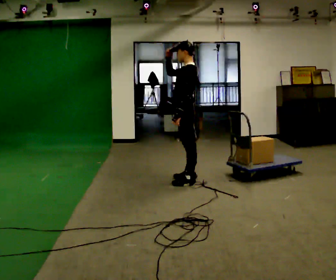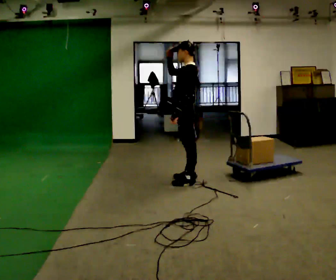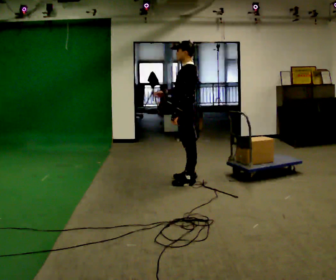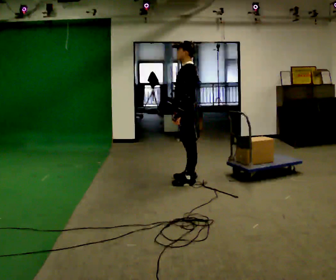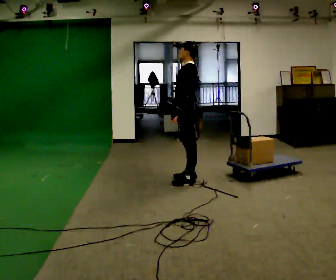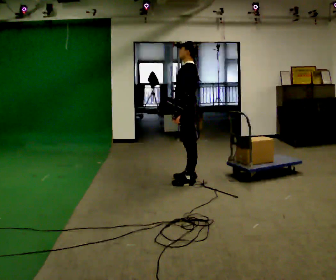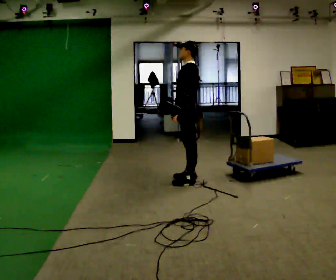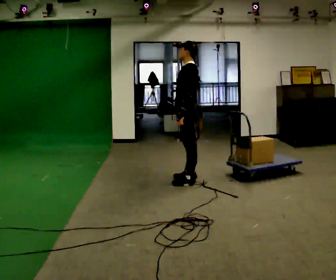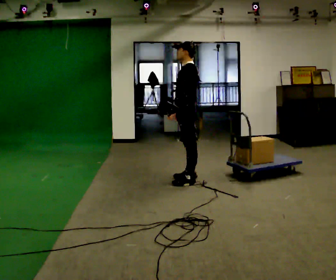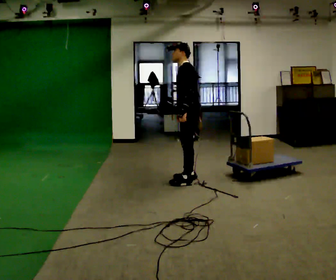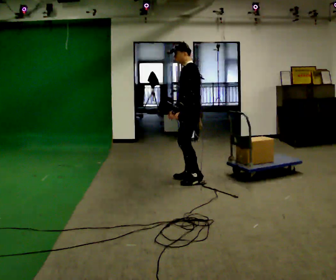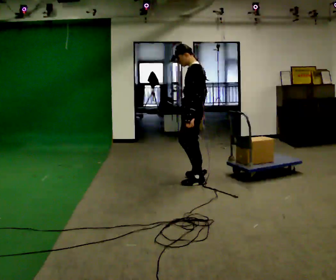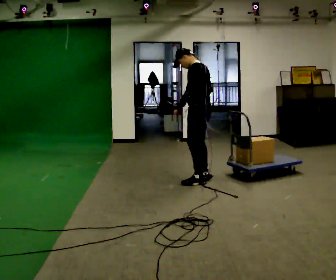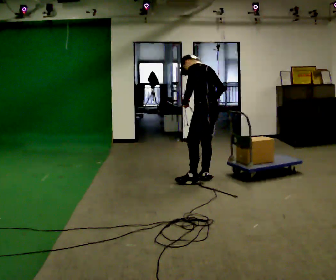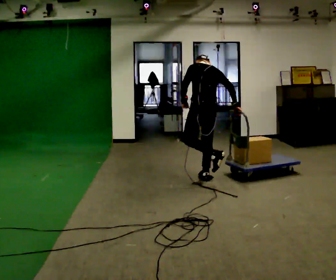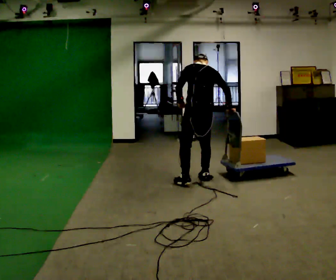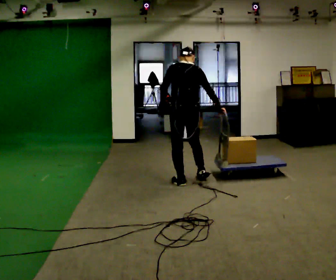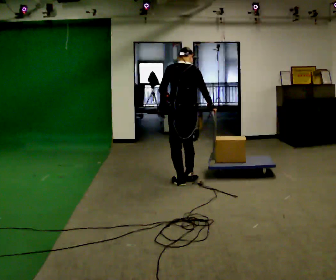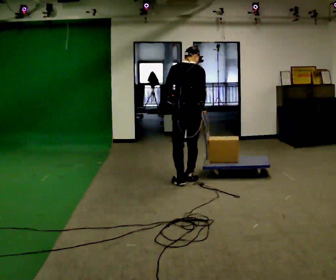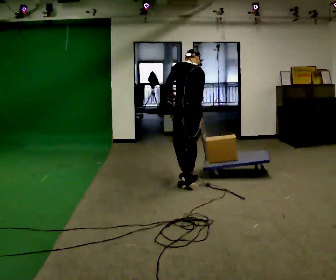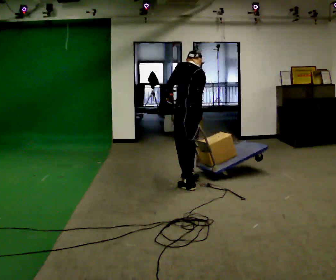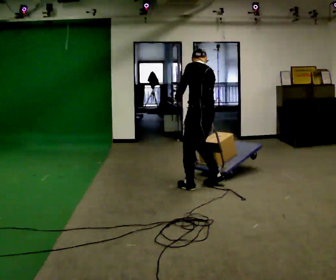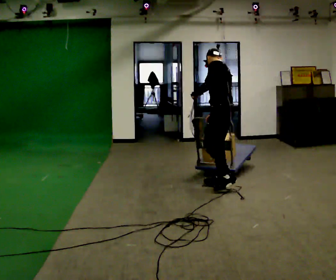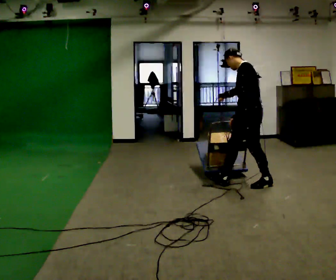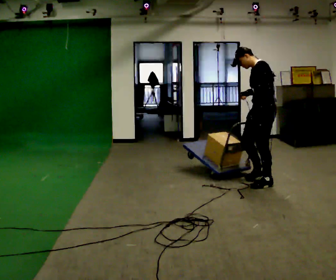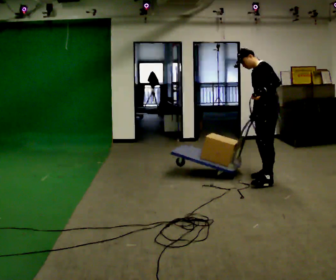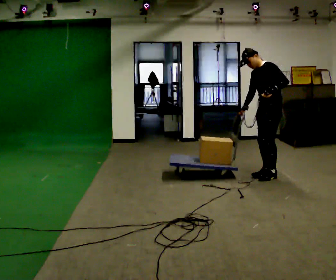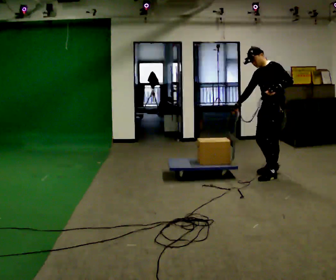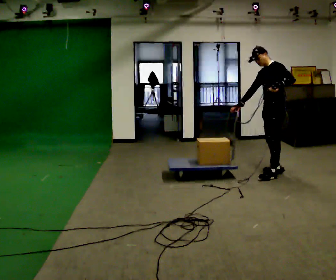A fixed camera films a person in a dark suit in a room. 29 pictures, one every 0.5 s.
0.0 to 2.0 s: In the picture their right hand goes downward, the arm swinging counterclockwise.
2.0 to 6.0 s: The person moves a little, or ends about where they began.
6.0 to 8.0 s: The part of the body nearest the lens slides to the left as the person turns to their right by about 45 degrees. In the picture they go to the left, about 0.25 m in 2 steps, which for them is to their left.
8.0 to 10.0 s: The part of the body nearest the lens slides to the right as the person turns to their left by about 30 degrees. In the picture their right hand goes to the left, the arm swinging clockwise.
10.0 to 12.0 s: The person turns about 60 degrees to their left, counterclockwise seen from above, so the part of the body nearest the lens slides to the right. In the picture they go to the right, about 1 m in 2 steps, which for them is backward.
12.0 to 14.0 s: In the picture they go away from the camera and to the right, about 0.5 m in 2 steps, which for them is backward and to their right.
The film runs backward here.
